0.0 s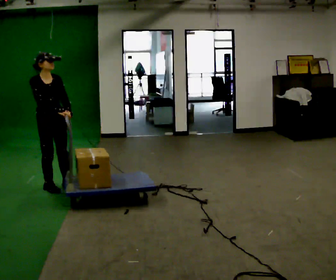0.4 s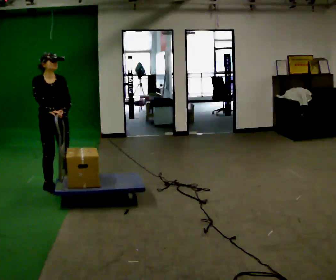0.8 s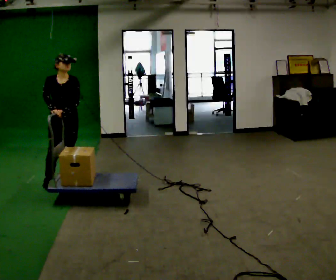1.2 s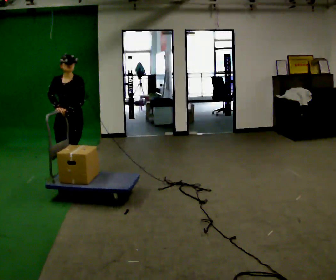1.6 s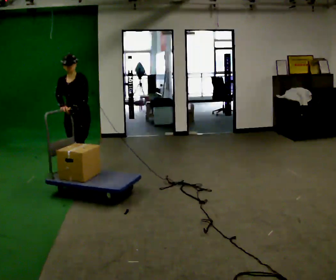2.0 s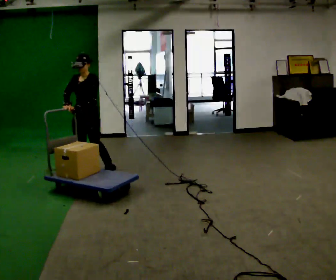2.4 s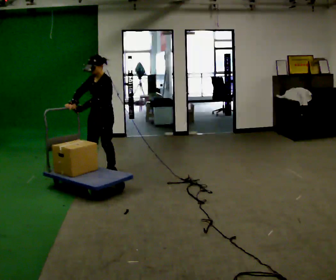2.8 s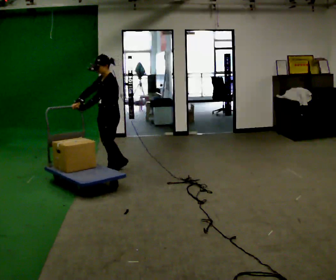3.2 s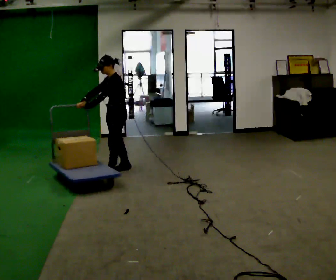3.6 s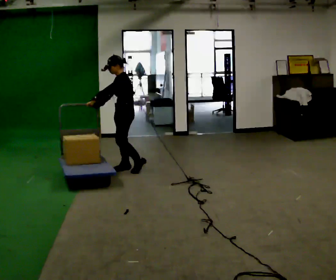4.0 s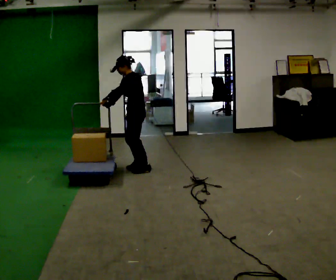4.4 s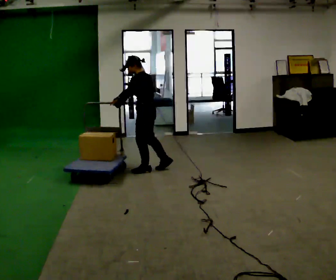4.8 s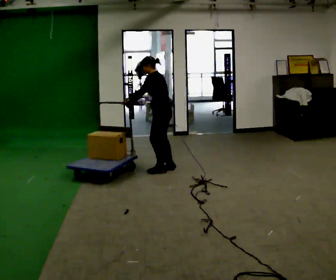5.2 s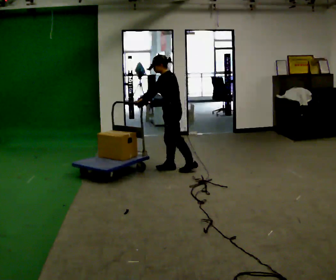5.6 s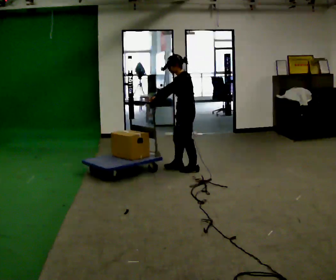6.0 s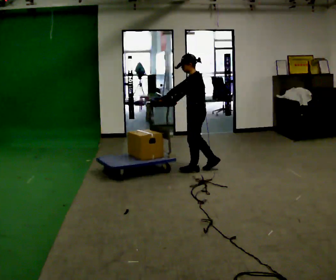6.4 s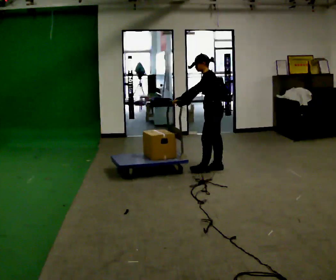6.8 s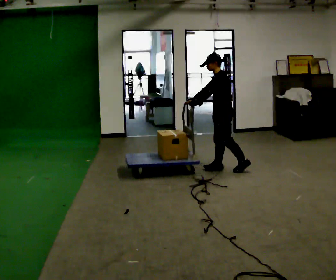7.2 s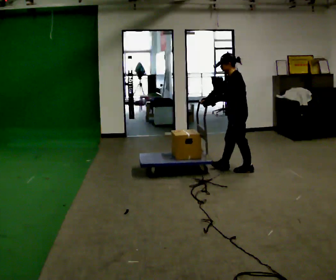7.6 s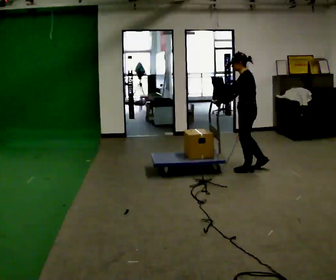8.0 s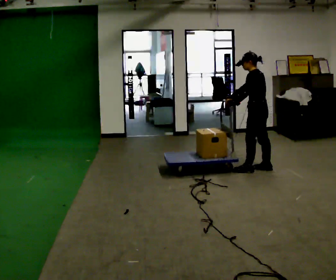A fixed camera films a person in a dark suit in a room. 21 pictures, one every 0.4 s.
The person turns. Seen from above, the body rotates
clockwise.
The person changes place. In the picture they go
to the right.
0.0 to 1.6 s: The part of the body nearest the lens slides to the left as the person turns to their right by about 60 degrees. In the picture they go away from the camera, about 0.5 m in 3 steps.
1.6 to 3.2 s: The person turns about 45 degrees to their right, clockwise seen from above, so the part of the body nearest the lens slides to the left. In the picture they go to the right and away from the camera, about 0.5 m in 1 step, which for them is backward and to their left.
3.2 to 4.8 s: Seen from above the body turns clockwise, about 30 degrees: to their right, with its near side sliding to the left. In the picture they go to the right, about 0.5 m in 3 steps, which for them is backward.
4.8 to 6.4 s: In the picture they go to the right, about 0.75 m in 2 steps, which for them is backward.
6.4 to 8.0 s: In the picture they go to the right, about 0.5 m in 1 step, which for them is backward.
The film runs backward here.
